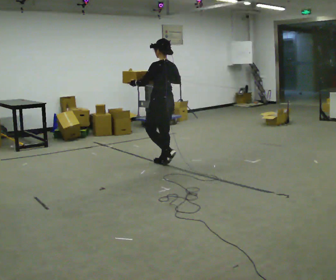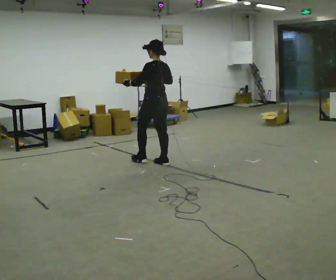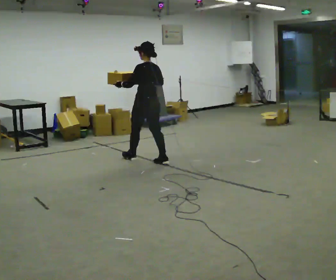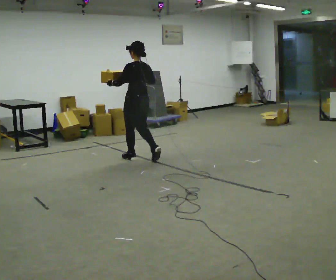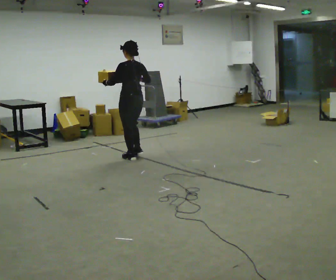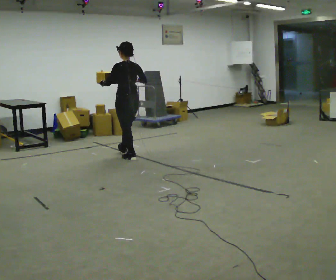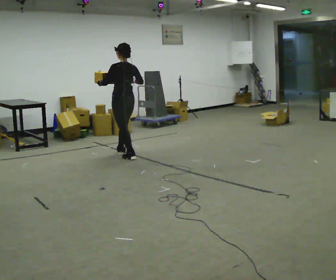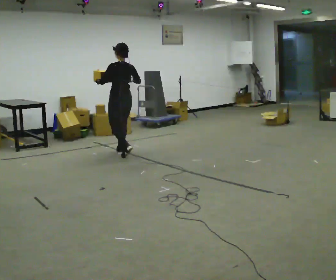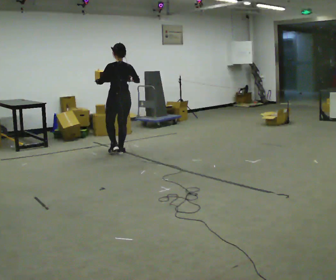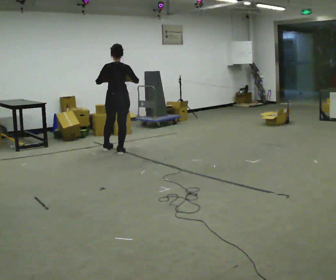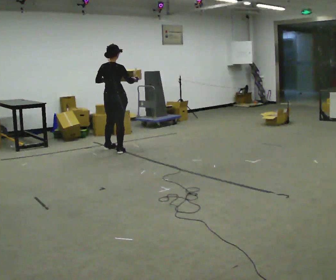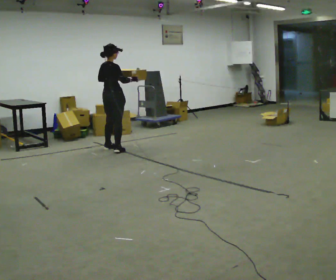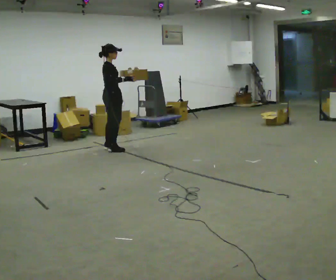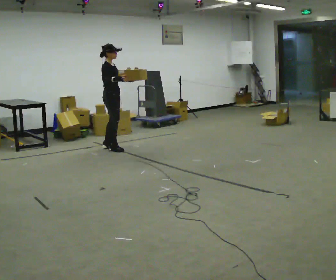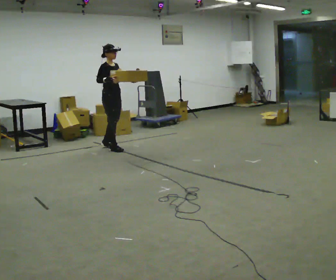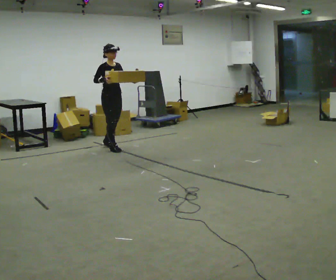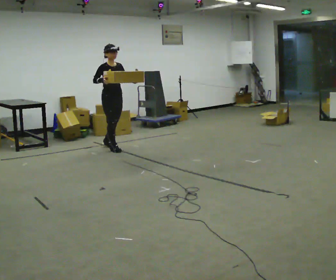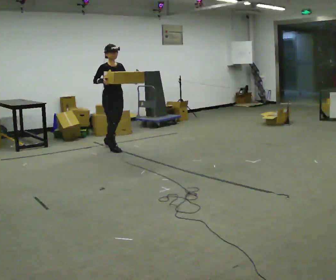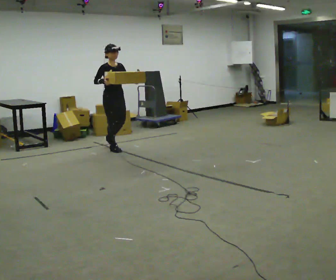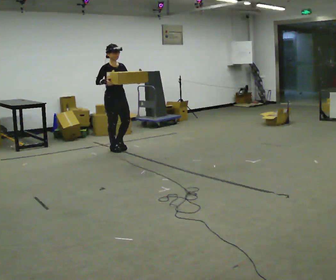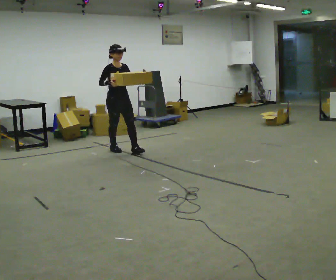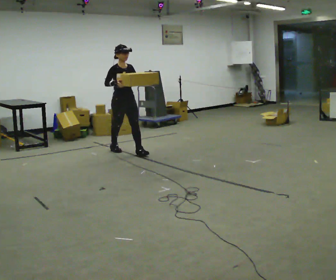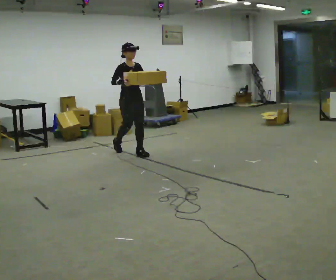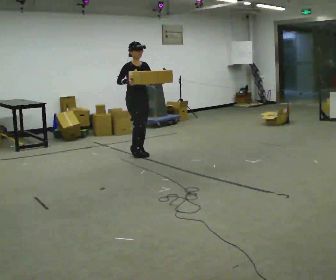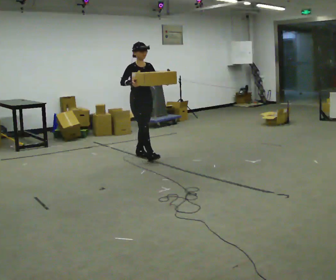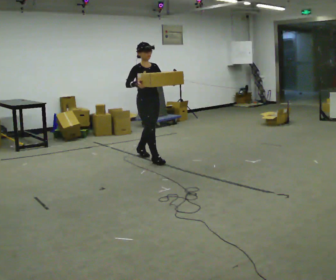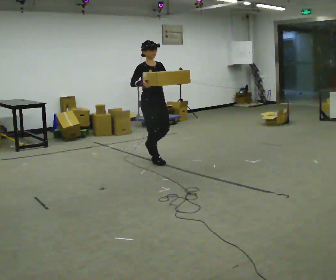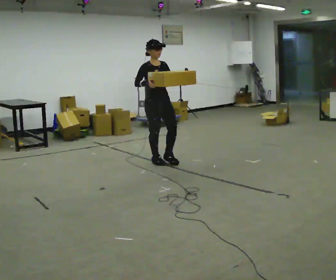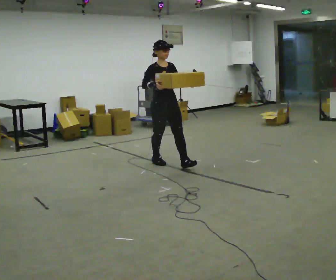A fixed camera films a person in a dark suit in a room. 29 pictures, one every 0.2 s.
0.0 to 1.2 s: In the picture they go away from the camera and to the left, about 0.5 m in 2 steps, which for them is forward.
1.2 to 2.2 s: The part of the body nearest the lens slides to the left as the person turns to their right by about 75 degrees. In the picture they go away from the camera, about 0.5 m in 1 step.
2.2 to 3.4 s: The person turns about 105 degrees to their right, clockwise seen from above, so the part of the body nearest the lens slides to the left. In the picture their right hand goes to the left.
3.4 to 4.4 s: In the picture they go toward the camera and to the right, about 0.5 m in 1 step, which for them is forward.
4.4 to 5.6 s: In the picture they go toward the camera and to the right, about 1 m in 1 step, which for them is forward.
The film runs forward here.
